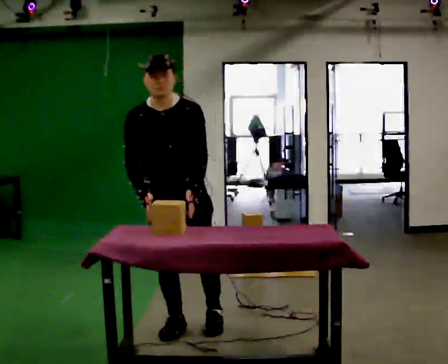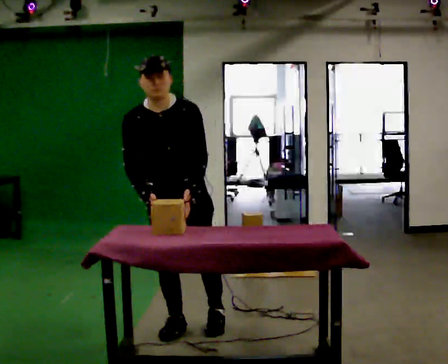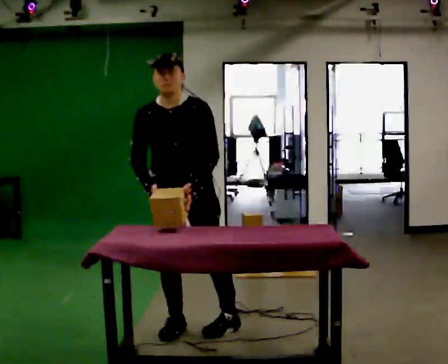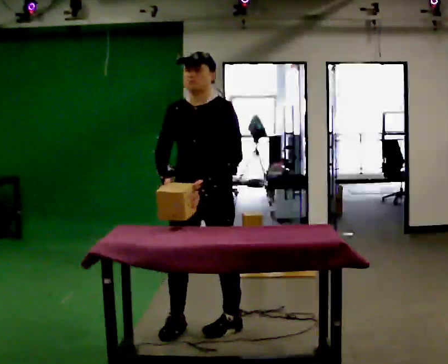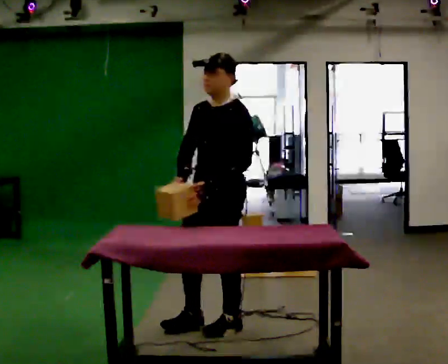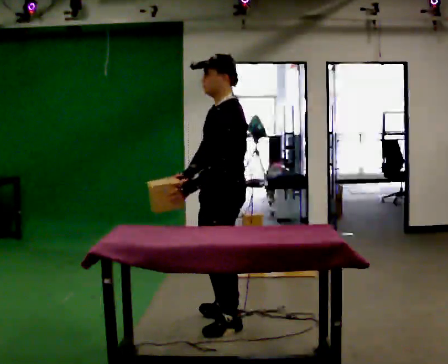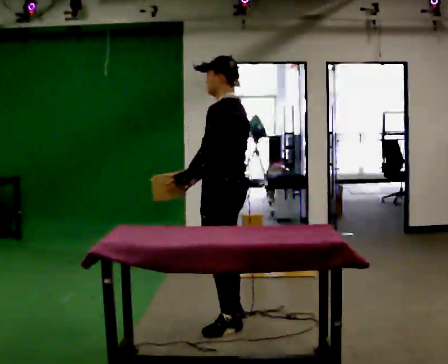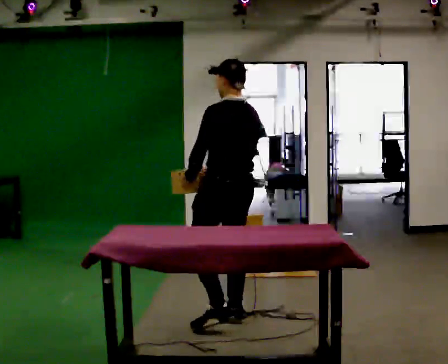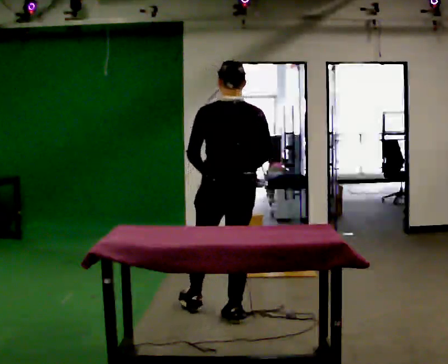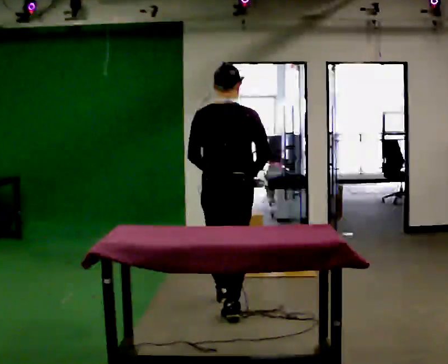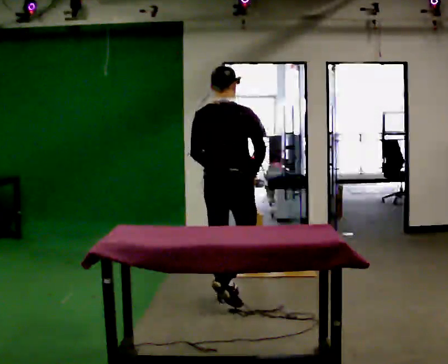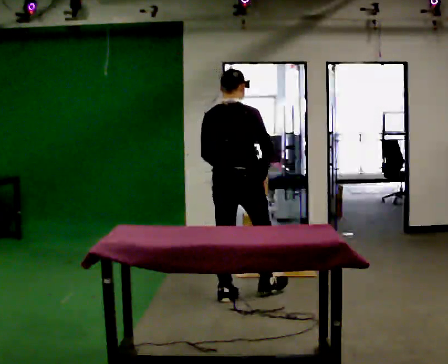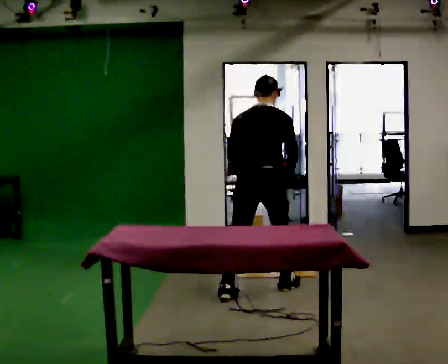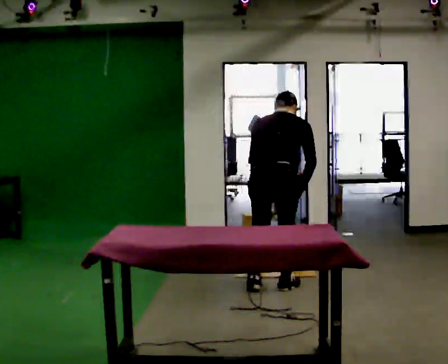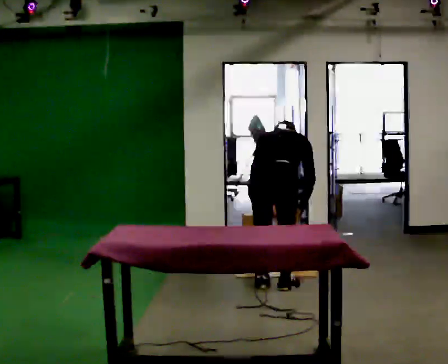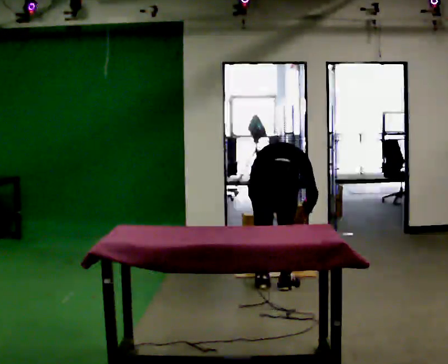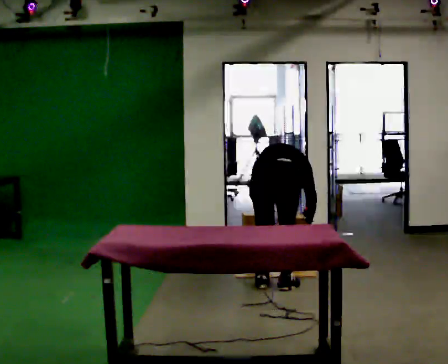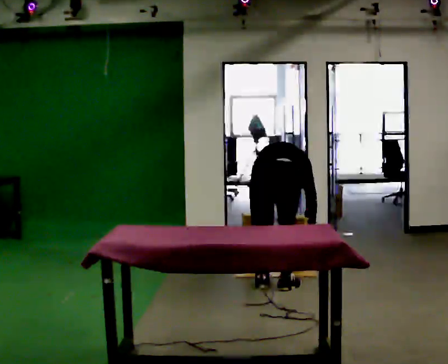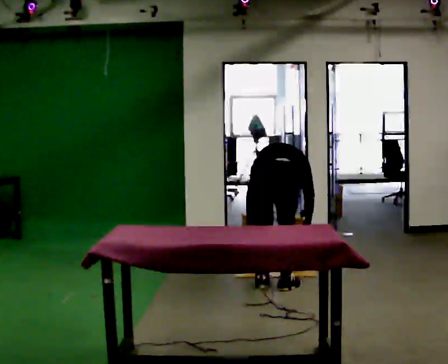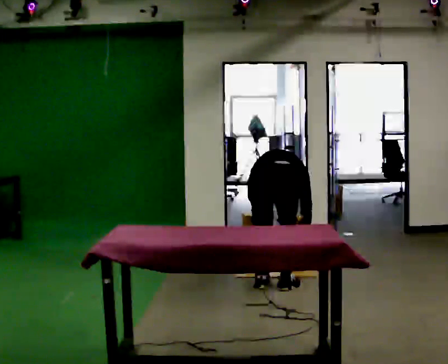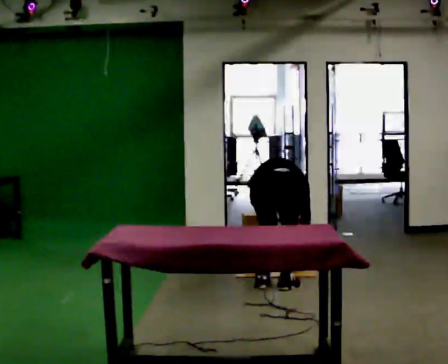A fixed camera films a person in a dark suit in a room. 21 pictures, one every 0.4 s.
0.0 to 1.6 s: Seen from above the body turns clockwise, about 60 degrees: to their right, with its near side sliding to the left. In the picture they go to the right, about 0.25 m in 1 step, which for them is to their left.
1.6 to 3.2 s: Seen from above the body turns clockwise, about 120 degrees: to their right, with its near side sliding to the left. In the picture they go away from the camera, about 0.25 m in 1 step.
3.2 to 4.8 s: The person turns about 30 degrees to their right, clockwise seen from above, so the part of the body nearest the lens slides to the left. In the picture they go away from the camera, about 0.75 m in 2 steps, which for them is forward.
4.8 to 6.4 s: The upper body goes downward. The upper body tips away from the camera, its near side rolling upward, as they bend forward. In the picture their left hand goes downward.
6.4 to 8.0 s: In the picture the upper body tilts clockwise, shoulders to the right.
The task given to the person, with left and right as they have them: 1. Bring the boxes over from the shelf one at a time. 2. Stack them on the pallet with the heaviest at the bottom. 3. Do not stack more than three high. 4. Tell the operator when you are finished.
The film runs forward here.
